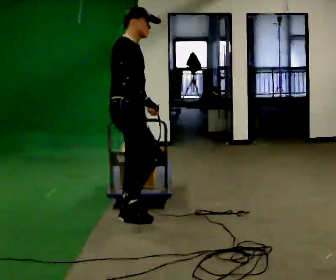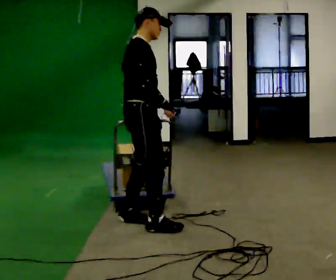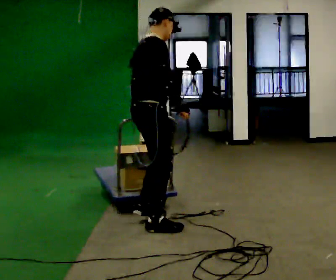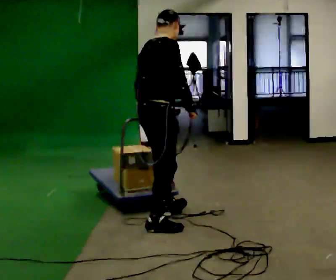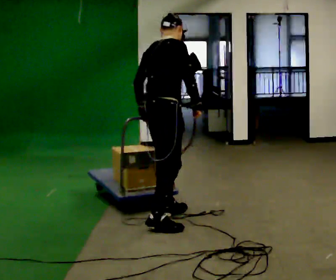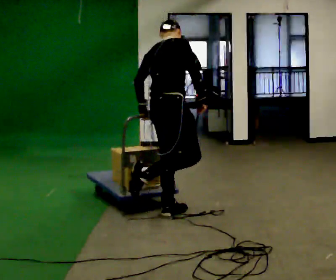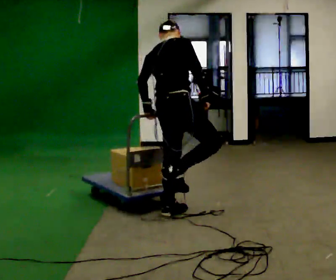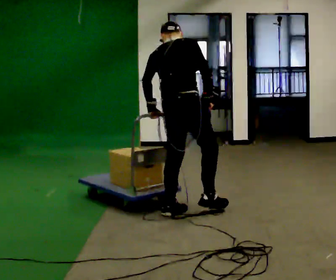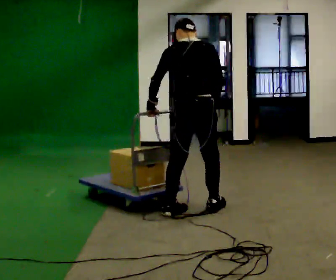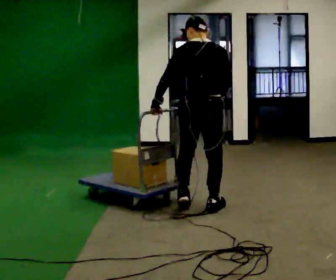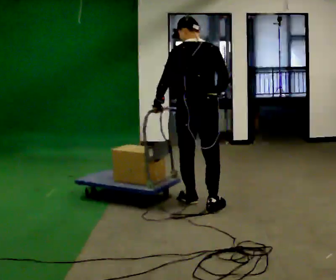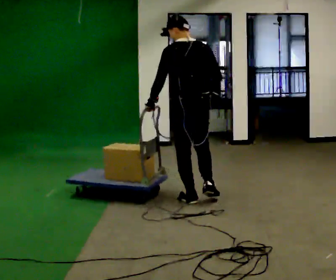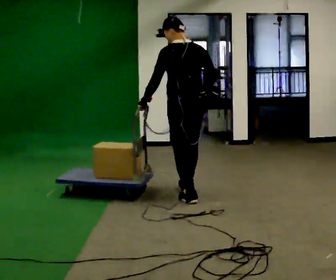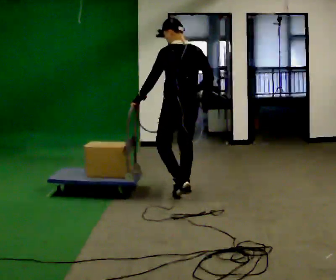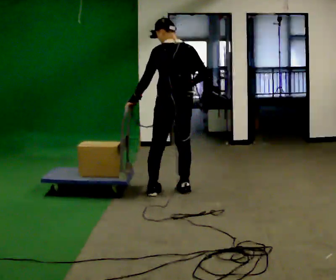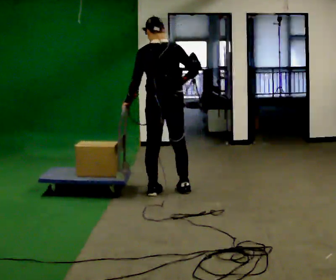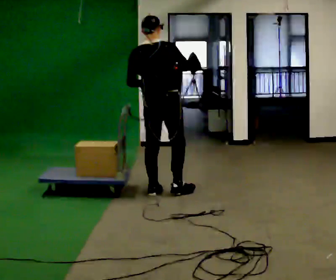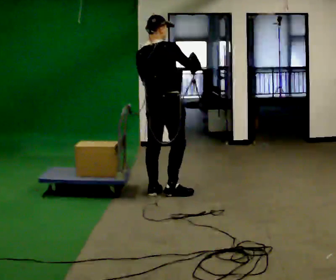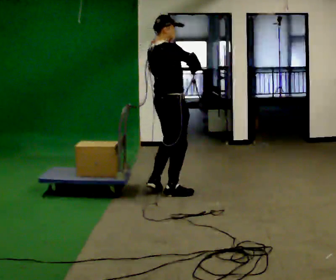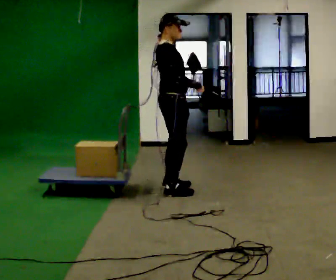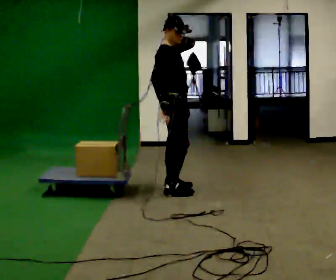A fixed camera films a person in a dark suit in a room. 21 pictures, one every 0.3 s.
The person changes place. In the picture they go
away from the camera.
The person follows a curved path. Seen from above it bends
counterclockwise.
0.0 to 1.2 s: Seen from above the body turns counterclockwise, about 45 degrees: to their left, with its near side sliding to the right. In the picture they go to the right, about 0.25 m in 2 steps, which for them is forward.
1.2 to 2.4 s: The person turns about 45 degrees to their left, counterclockwise seen from above, so the part of the body nearest the lens slides to the right. In the picture they go to the right and away from the camera, about 0.25 m in 1 step, which for them is forward.
2.4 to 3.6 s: The person turns about 45 degrees to their left, counterclockwise seen from above, so the part of the body nearest the lens slides to the right. In the picture they go away from the camera, about 0.5 m in 2 steps, which for them is forward.
3.6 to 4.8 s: Seen from above the body turns clockwise, about 30 degrees: to their right, with its near side sliding to the left. In the picture they go to the left, about 0.25 m in 1 step, which for them is to their left and forward.
4.8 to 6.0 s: Seen from above the body turns clockwise, about 75 degrees: to their right, with its near side sliding to the left. In the picture they go away from the camera, about 0.25 m in 2 steps. In the picture their right hand goes downward.
The film runs forward here.
